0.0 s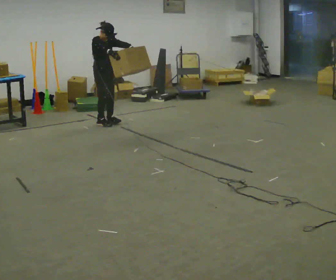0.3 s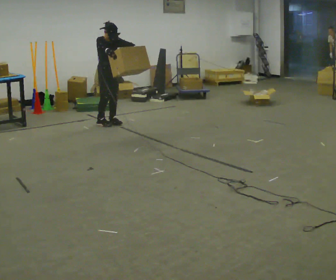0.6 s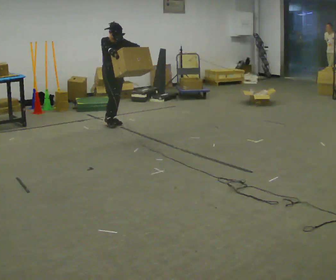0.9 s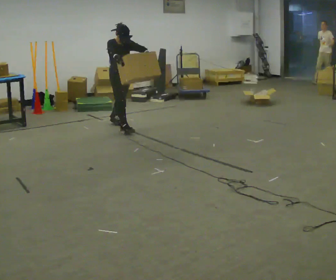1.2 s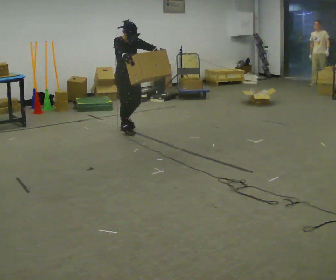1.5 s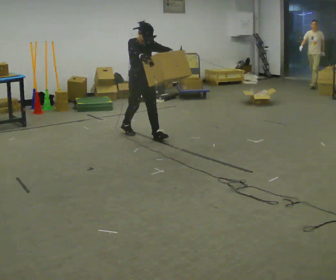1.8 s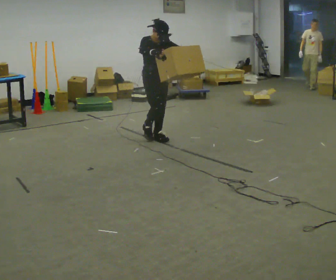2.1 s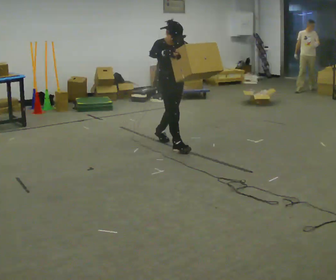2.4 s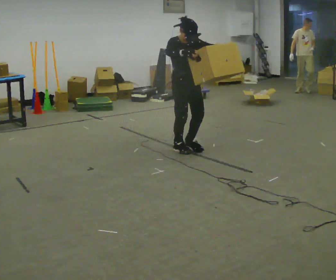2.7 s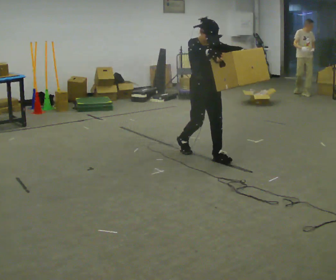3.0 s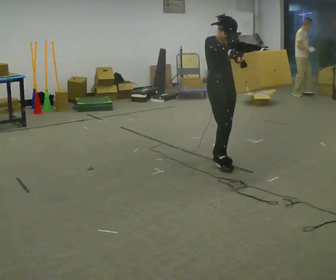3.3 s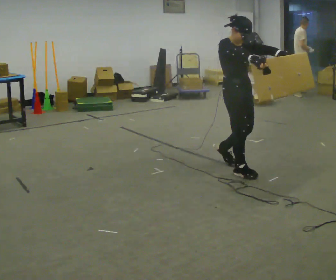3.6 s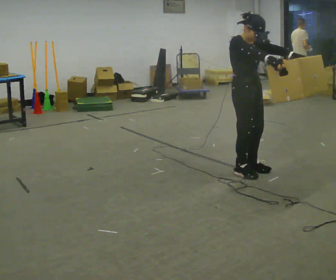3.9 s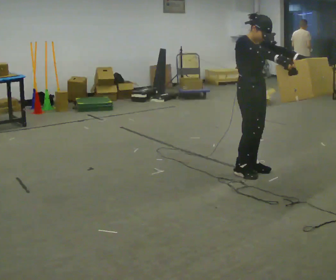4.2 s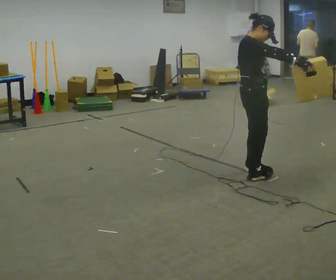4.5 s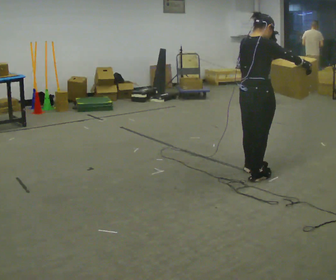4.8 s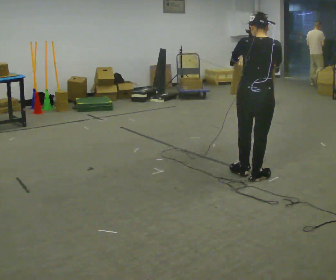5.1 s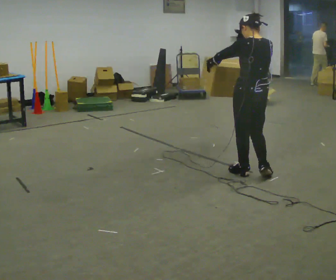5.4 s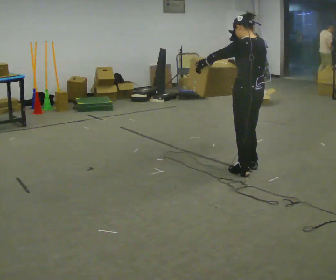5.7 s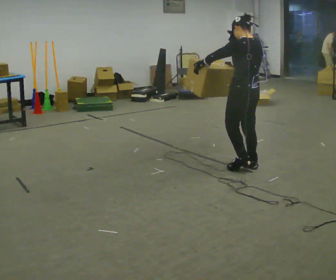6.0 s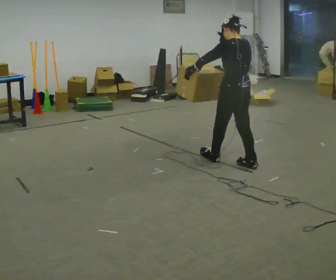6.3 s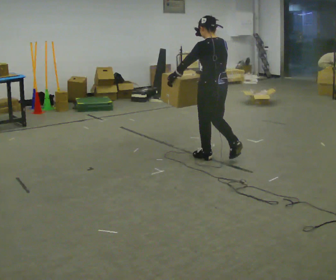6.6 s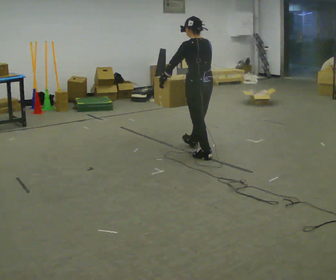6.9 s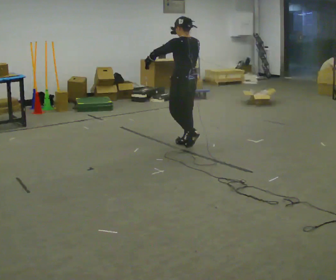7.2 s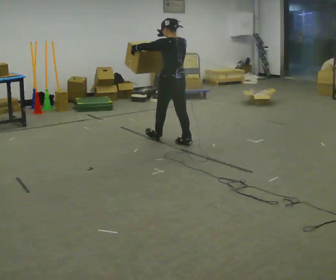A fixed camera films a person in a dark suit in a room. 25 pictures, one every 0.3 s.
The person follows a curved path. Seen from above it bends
counterclockwise.
0.0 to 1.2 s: In the picture they go to the right and toward the camera, about 0.5 m in 1 step, which for them is forward.
1.2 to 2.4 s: In the picture they go to the right and toward the camera, about 1 m in 2 steps, which for them is forward.
2.4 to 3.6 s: In the picture they go toward the camera and to the right, about 1 m in 3 steps, which for them is forward.
3.6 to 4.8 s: The part of the body nearest the lens slides to the right as the person turns to their left by about 135 degrees. In the picture their left hand goes to the left.
4.8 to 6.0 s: The part of the body nearest the lens slides to the right as the person turns to their left by about 45 degrees. In the picture they go away from the camera and to the left, about 0.5 m in 1 step, which for them is forward.
6.0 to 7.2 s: In the picture they go away from the camera and to the left, about 1 m in 2 steps, which for them is forward.
The film runs forward here.
